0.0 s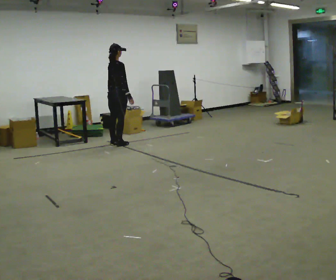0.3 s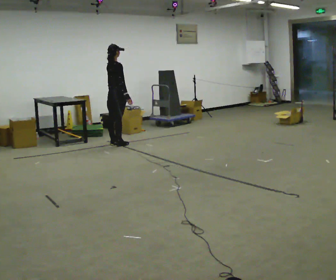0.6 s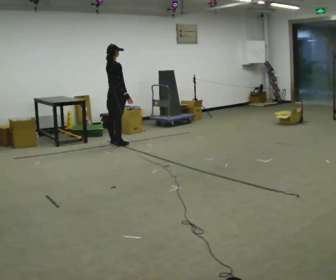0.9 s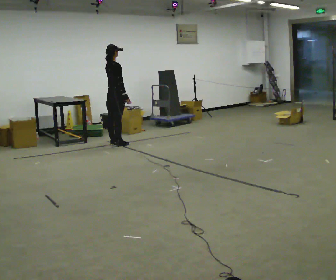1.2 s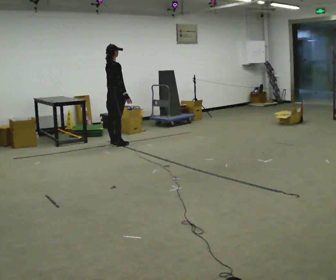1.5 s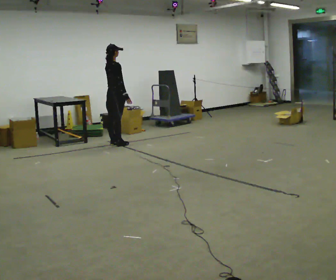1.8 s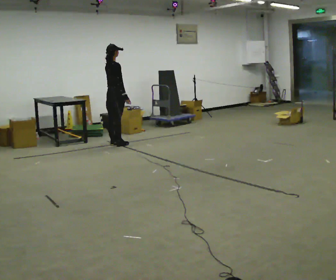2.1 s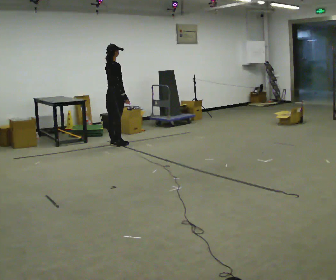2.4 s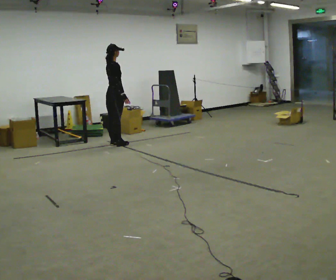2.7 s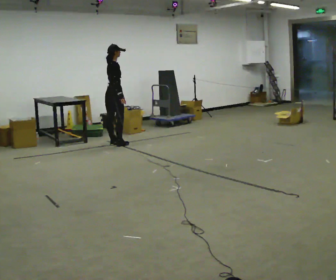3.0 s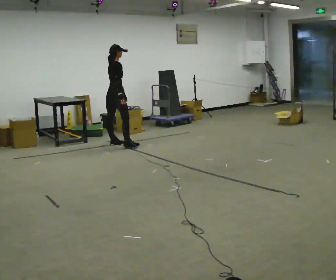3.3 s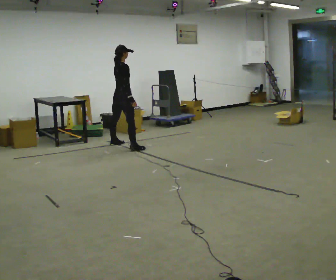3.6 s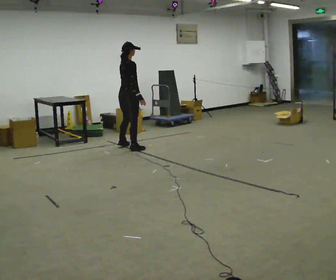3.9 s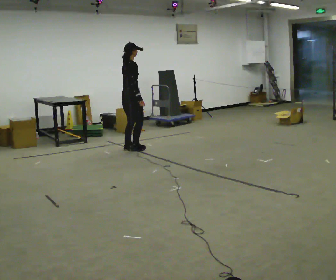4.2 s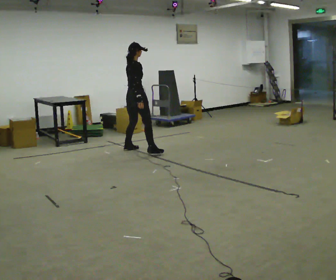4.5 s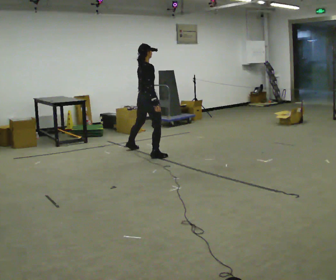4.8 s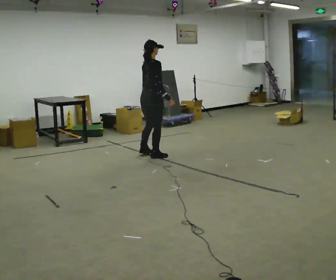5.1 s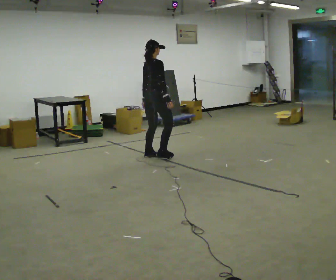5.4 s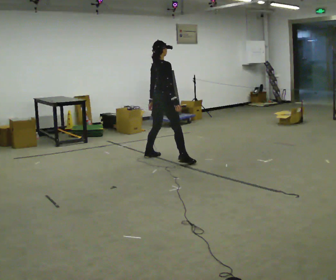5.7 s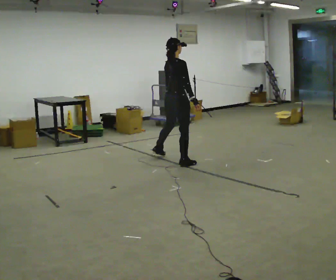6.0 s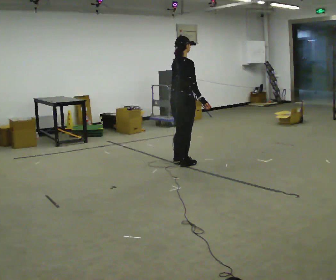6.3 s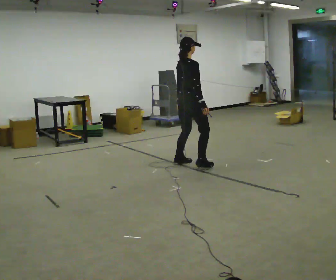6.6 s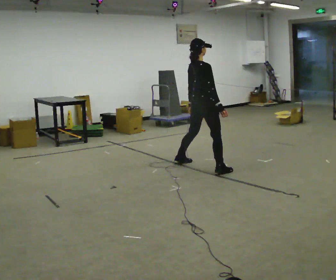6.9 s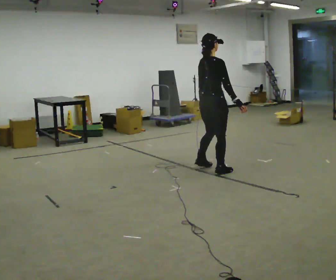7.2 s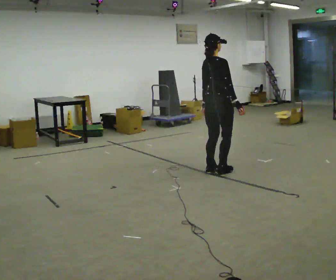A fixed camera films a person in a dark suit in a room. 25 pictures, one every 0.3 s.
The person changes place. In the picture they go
toward the camera.
0.0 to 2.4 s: The person moves a little, or ends about where they began.
2.4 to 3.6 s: In the picture they go toward the camera and to the right, about 0.5 m in 1 step, which for them is to their right.
3.6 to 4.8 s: In the picture they go toward the camera and to the right, about 0.5 m in 2 steps, which for them is to their right.
4.8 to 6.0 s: In the picture they go toward the camera and to the right, about 0.5 m in 3 steps, which for them is to their right.
6.0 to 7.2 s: In the picture they go toward the camera and to the right, about 0.5 m in 2 steps, which for them is to their right.
The film runs forward here.
